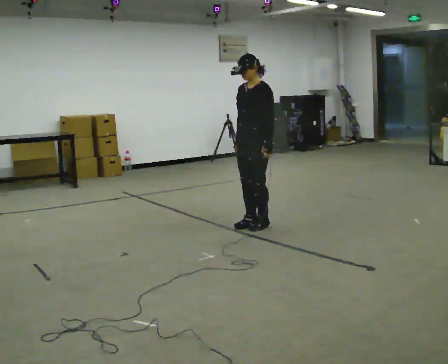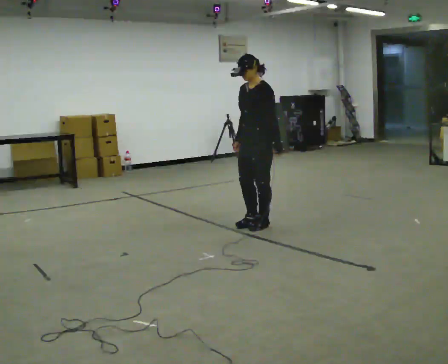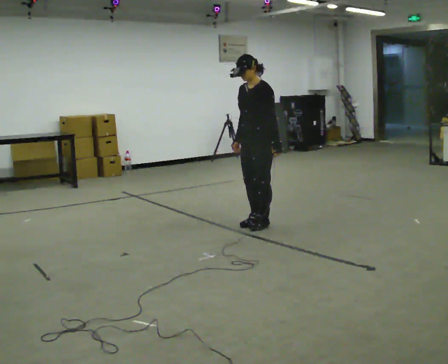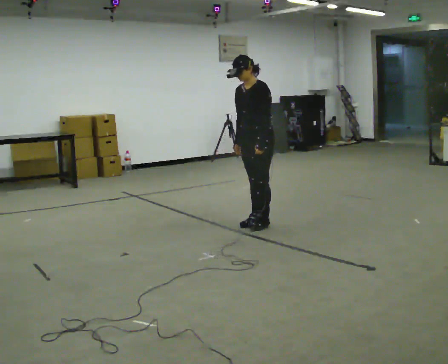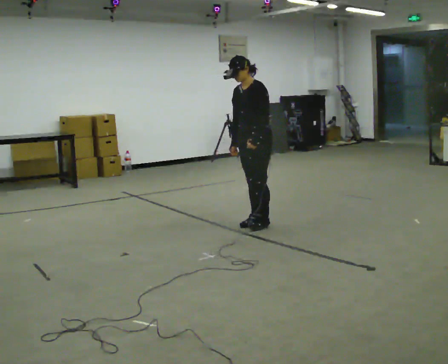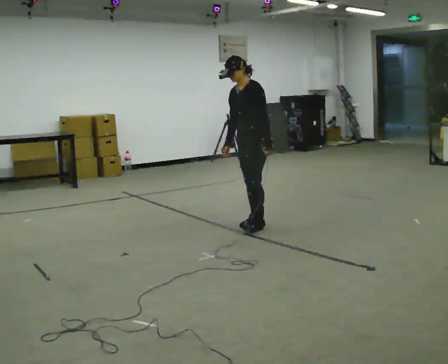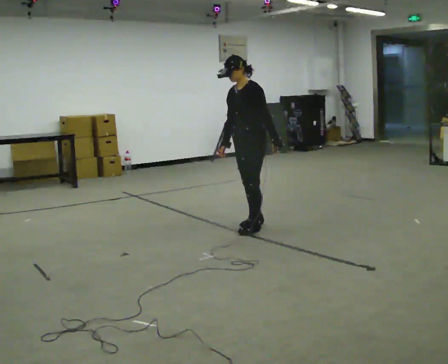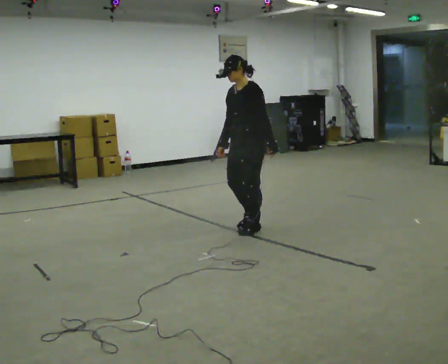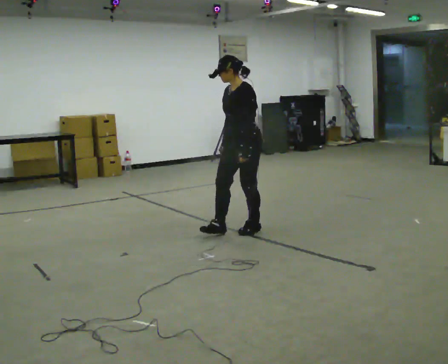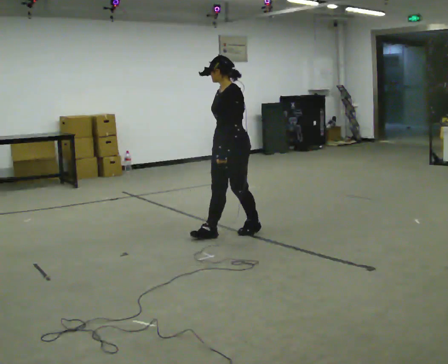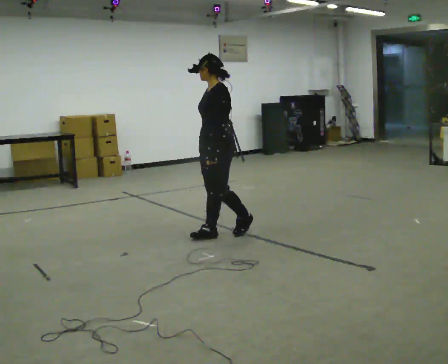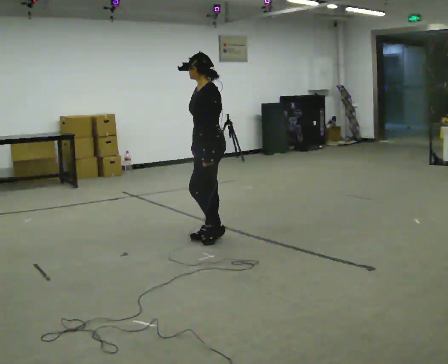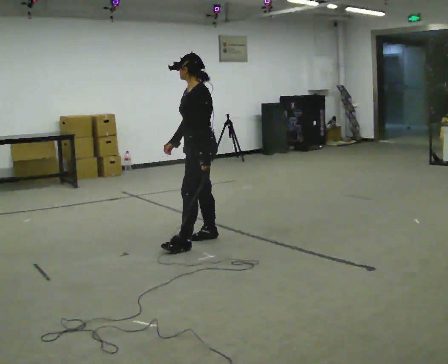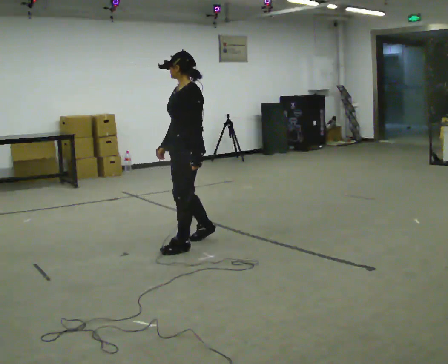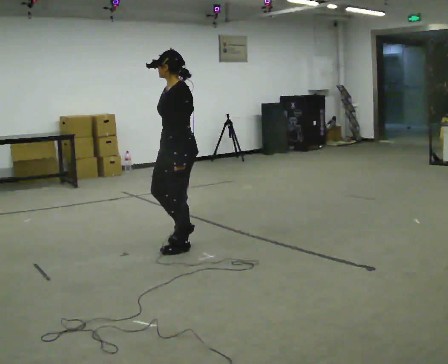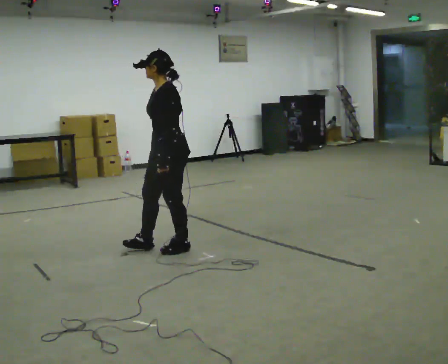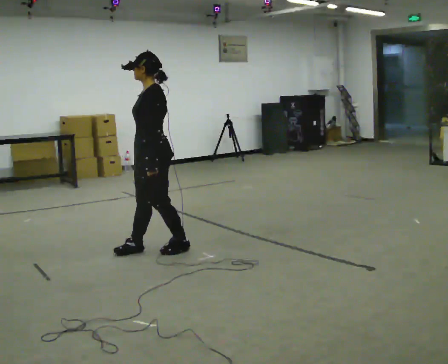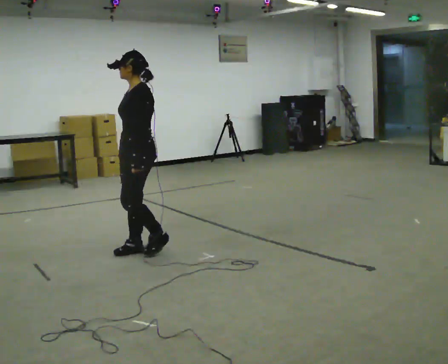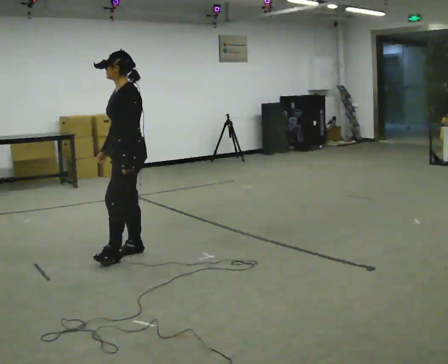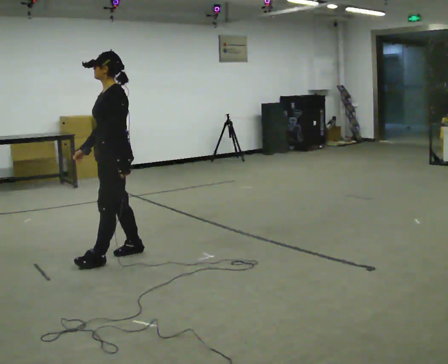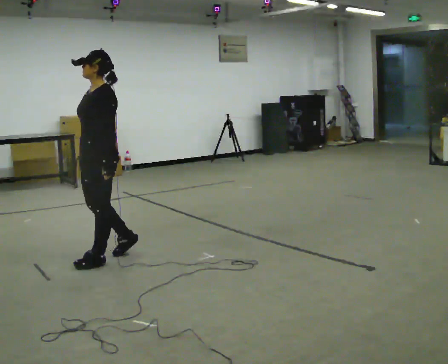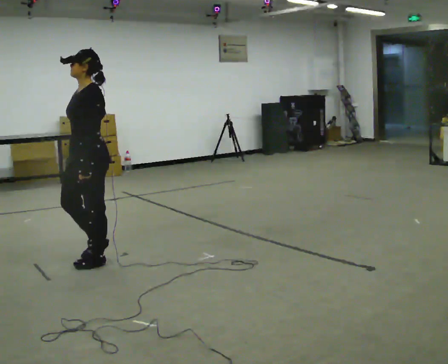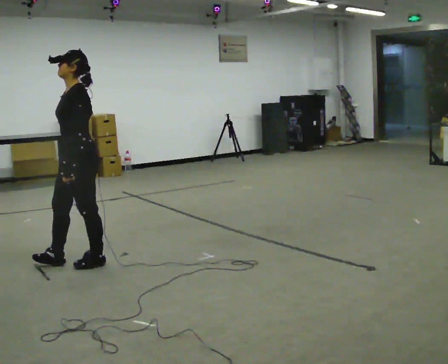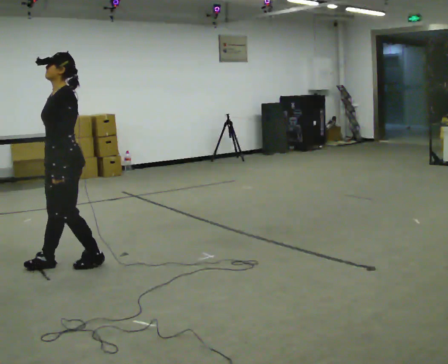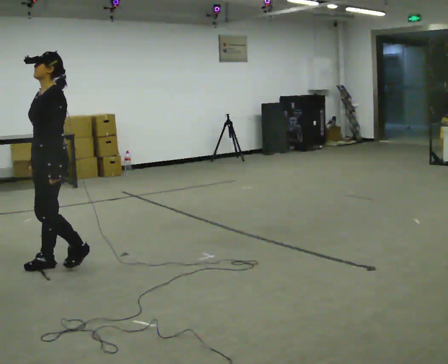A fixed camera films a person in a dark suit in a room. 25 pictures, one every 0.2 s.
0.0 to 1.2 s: The person moves a little, or ends about where they began.
1.2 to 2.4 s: In the picture they go to the left and toward the camera, about 0.5 m in 2 steps, which for them is forward.
2.4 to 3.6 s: In the picture they go to the left and toward the camera, about 0.75 m in 2 steps, which for them is forward.
3.6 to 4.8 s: In the picture they go to the left and toward the camera, about 0.5 m in 2 steps, which for them is forward.
The film runs backward here.
